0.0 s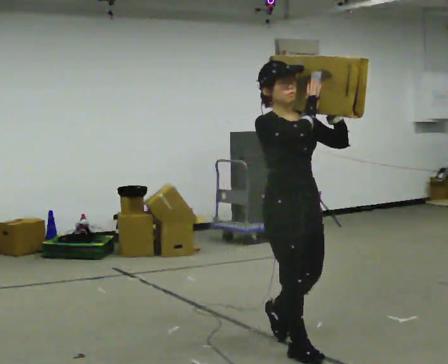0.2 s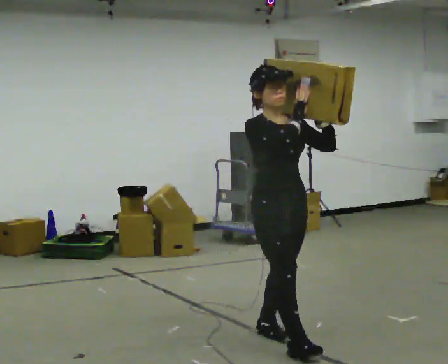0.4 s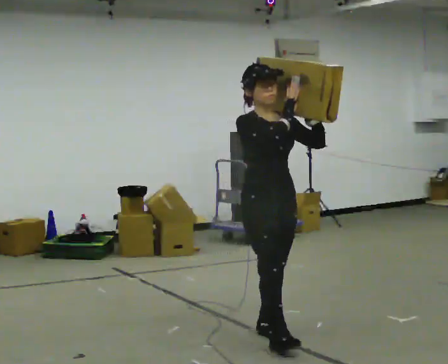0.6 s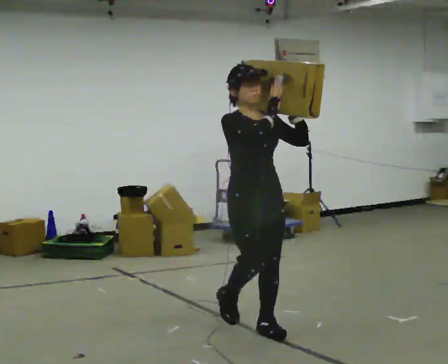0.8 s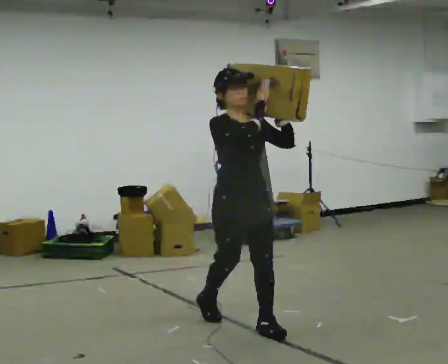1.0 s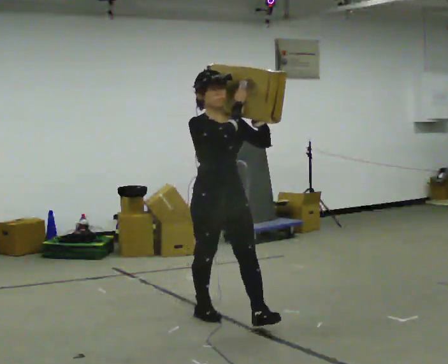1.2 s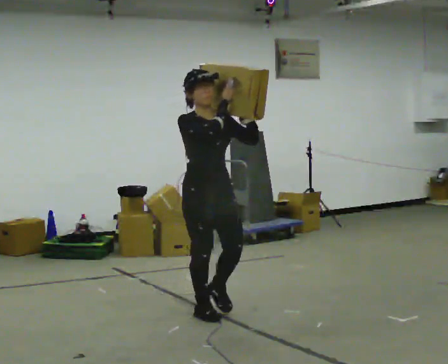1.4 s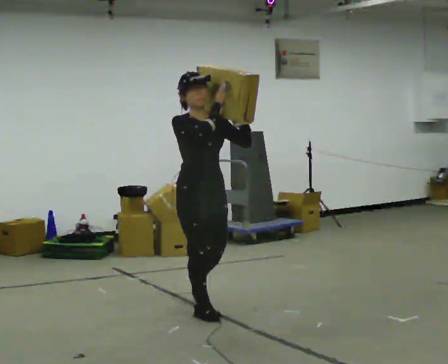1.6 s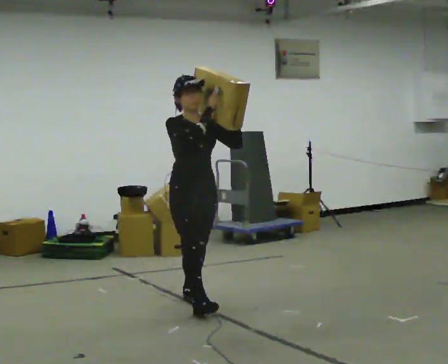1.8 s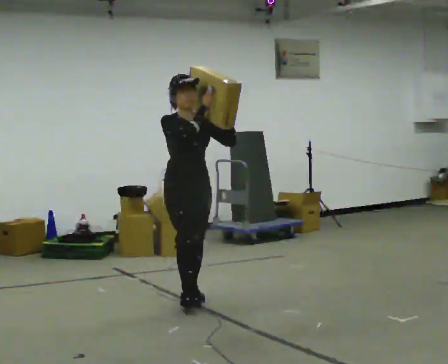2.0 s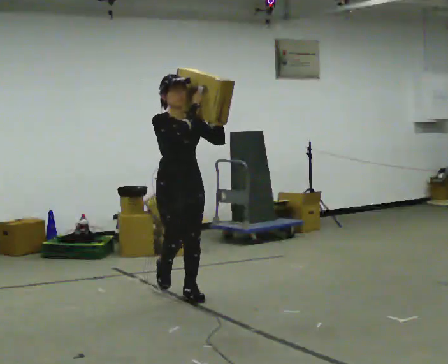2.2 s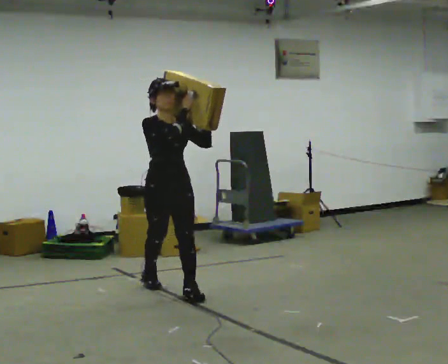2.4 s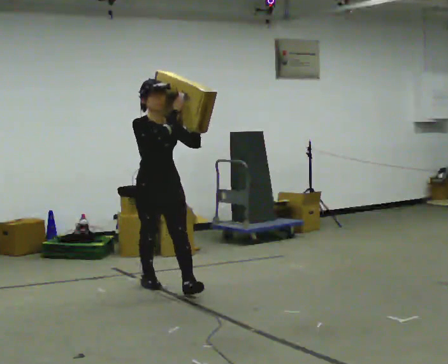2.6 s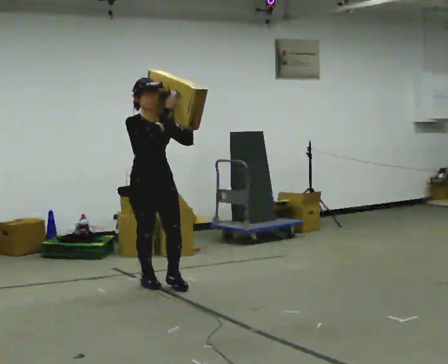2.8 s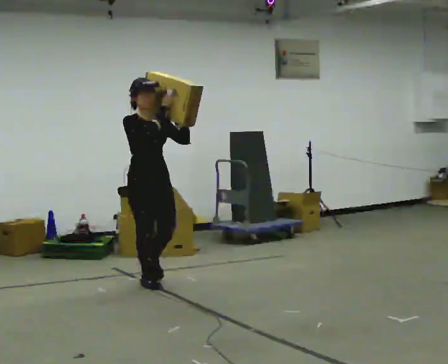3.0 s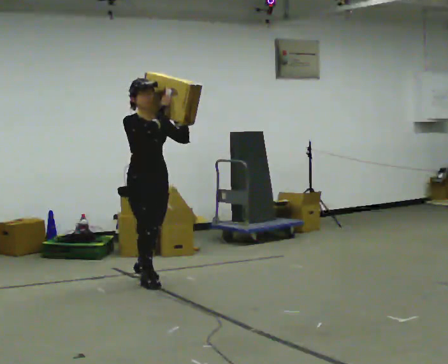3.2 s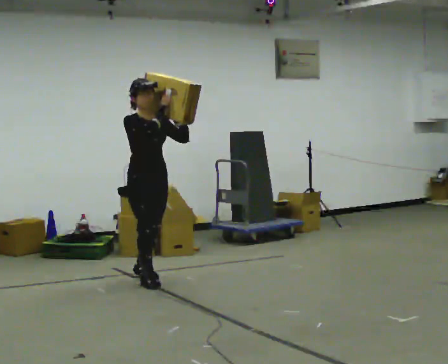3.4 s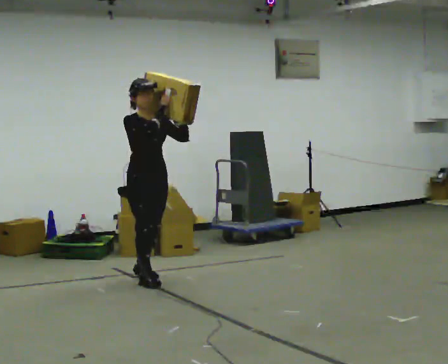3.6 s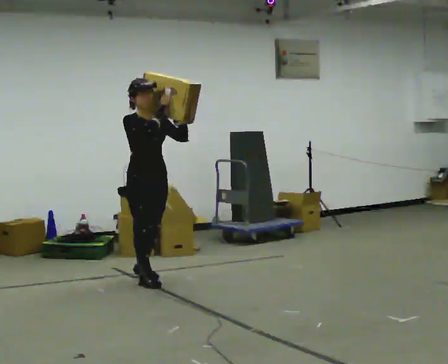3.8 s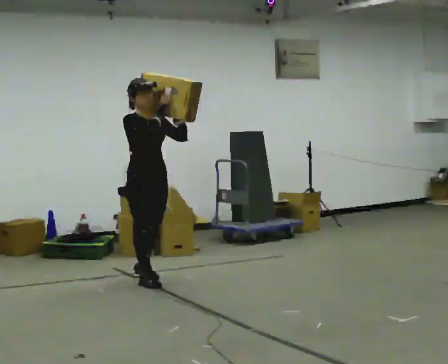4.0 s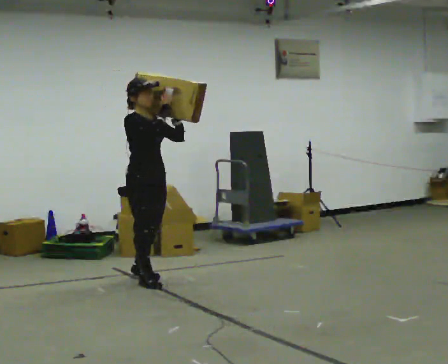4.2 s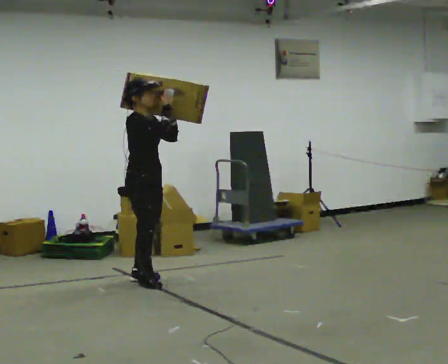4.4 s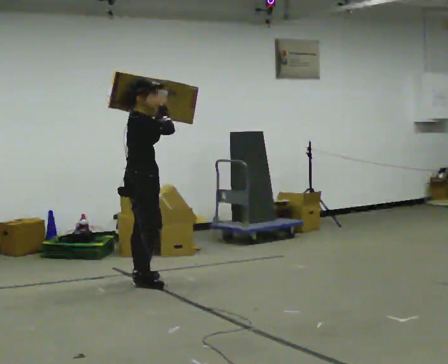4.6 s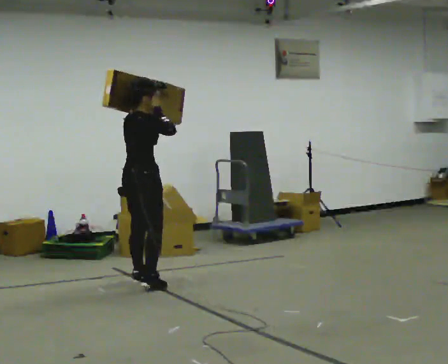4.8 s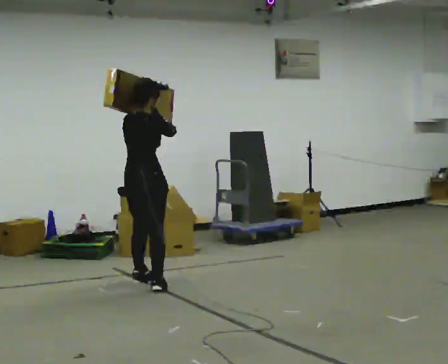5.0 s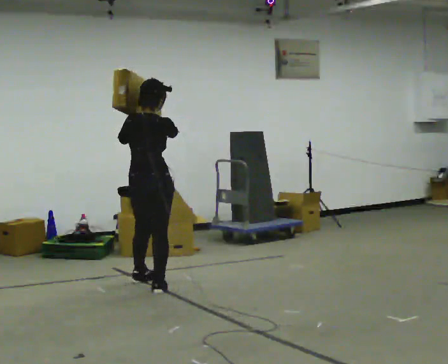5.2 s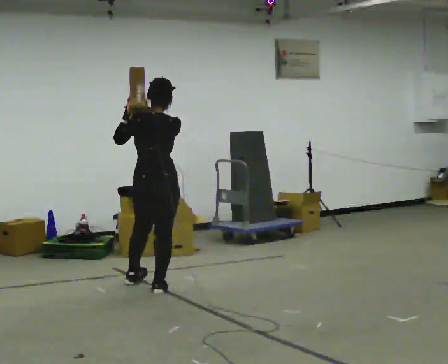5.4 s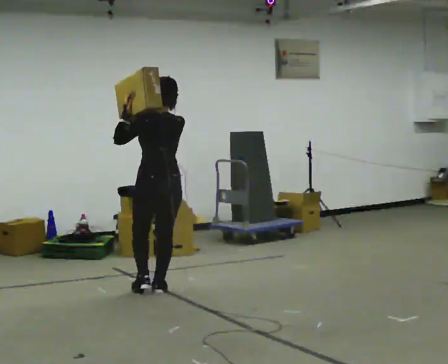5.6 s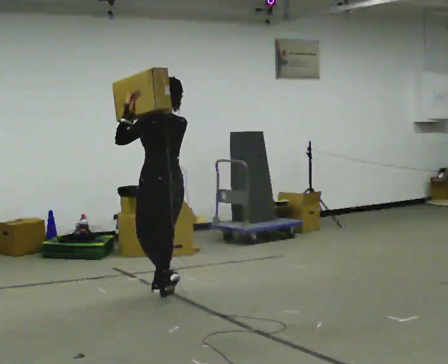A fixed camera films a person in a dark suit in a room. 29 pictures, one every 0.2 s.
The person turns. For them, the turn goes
to their left.
The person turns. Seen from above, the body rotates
counterclockwise.
0.0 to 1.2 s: In the picture they go away from the camera and to the left, about 1 m in 2 steps, which for them is backward.
1.2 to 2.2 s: In the picture they go away from the camera, about 0.5 m in 1 step, which for them is backward.
2.2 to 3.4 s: In the picture they go away from the camera and to the left, about 0.5 m in 1 step, which for them is backward.
3.4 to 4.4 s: Seen from above the body turns counterclockwise, about 60 degrees: to their left, with its near side sliding to the right.
4.4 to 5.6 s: The person turns about 120 degrees to their left, counterclockwise seen from above, so the part of the body nearest the lens slides to the right. In the picture they go toward the camera and to the right, about 0.5 m in 1 step.
The film runs backward here.
